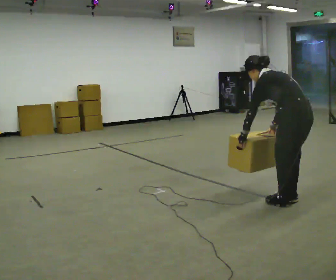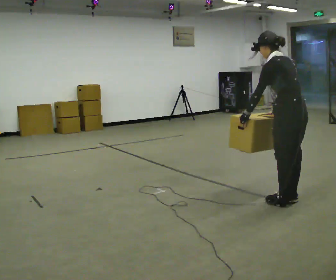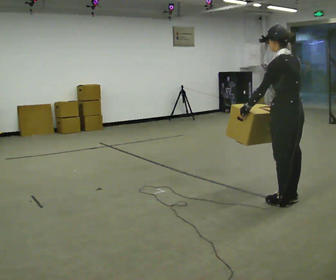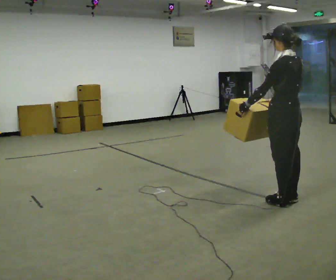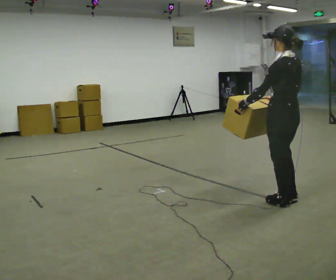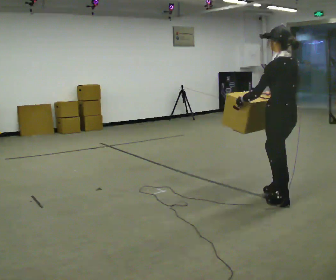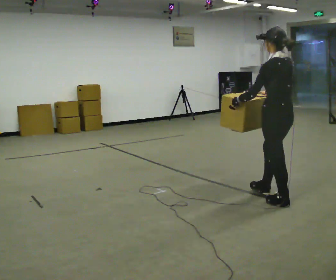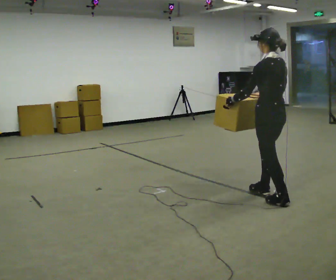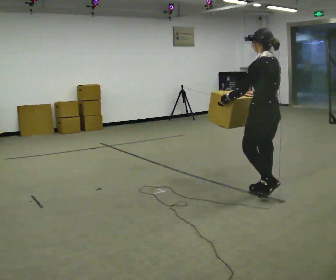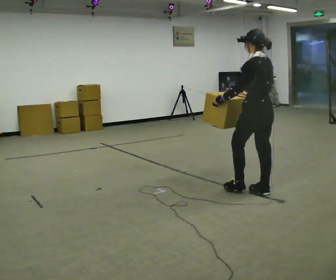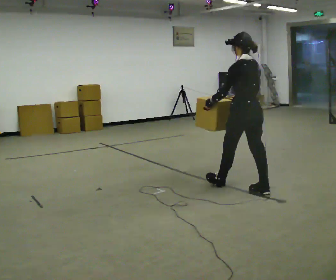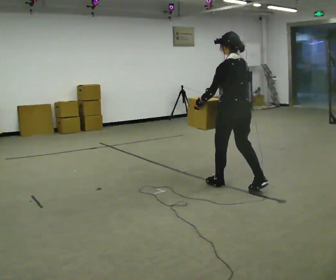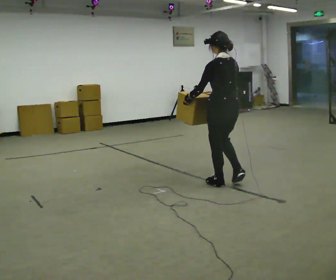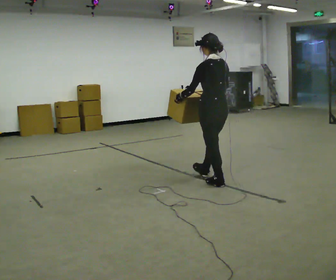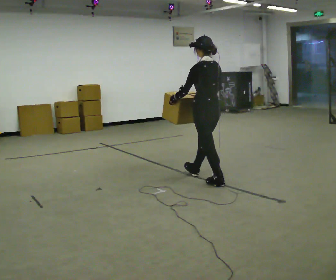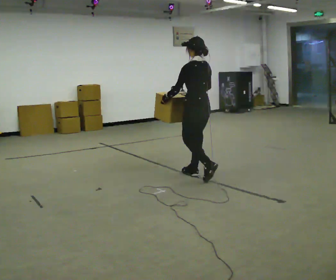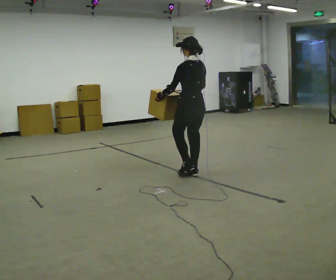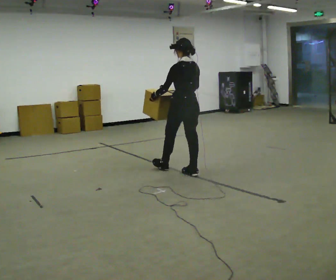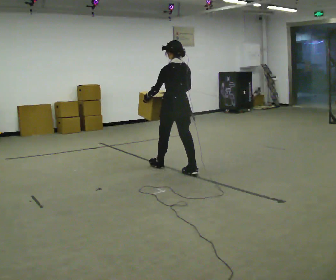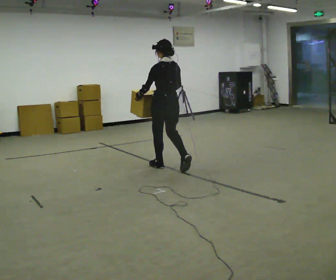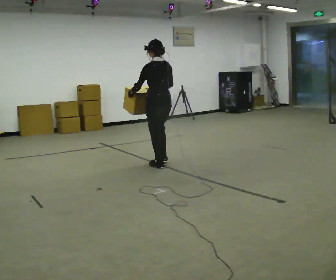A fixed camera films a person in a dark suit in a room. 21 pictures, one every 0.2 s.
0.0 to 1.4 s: In the picture they go away from the camera and to the left, about 0.25 m in 1 step, which for them is forward. In the picture the upper body tilts clockwise, shoulders to the right, as they lean back or straighten.
1.4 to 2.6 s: In the picture they go to the left and away from the camera, about 0.5 m in 1 step, which for them is forward.
2.6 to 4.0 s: In the picture they go to the left and away from the camera, about 1 m in 2 steps, which for them is forward.
The film runs forward here.
